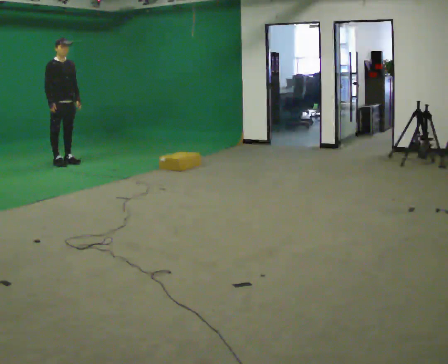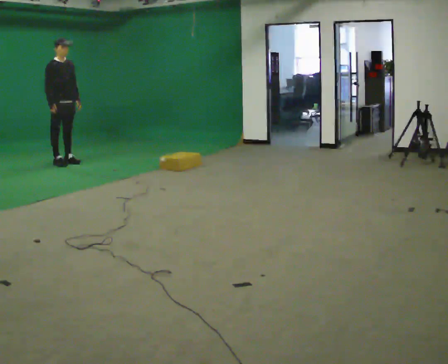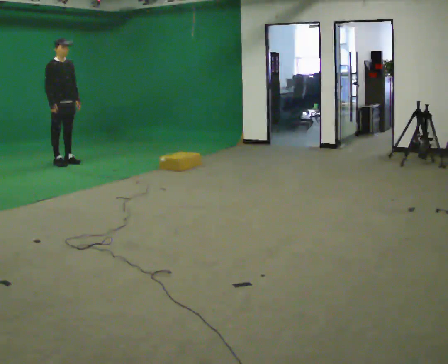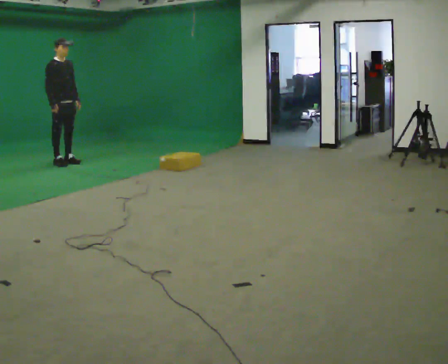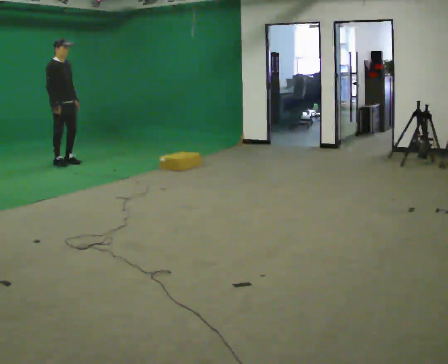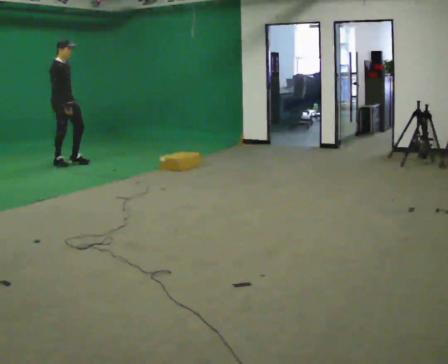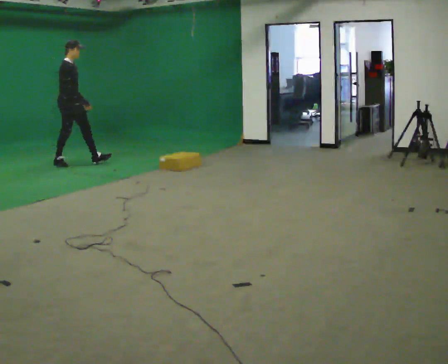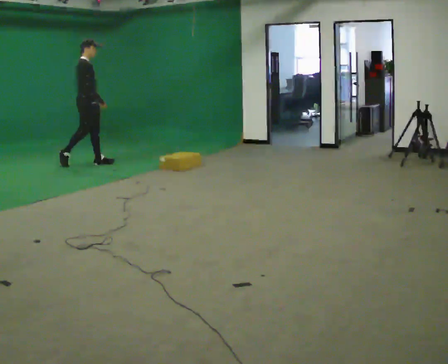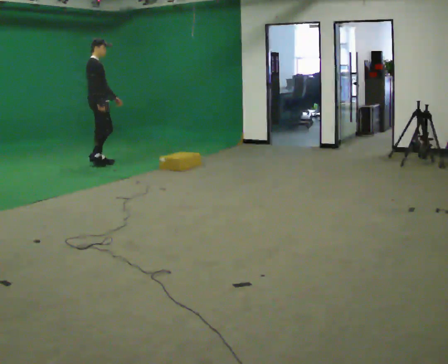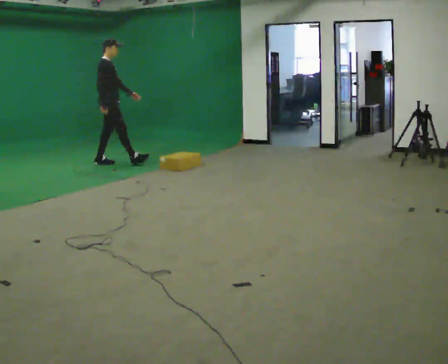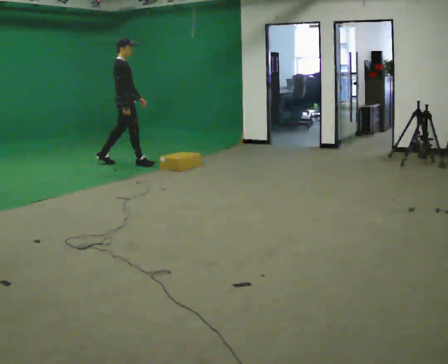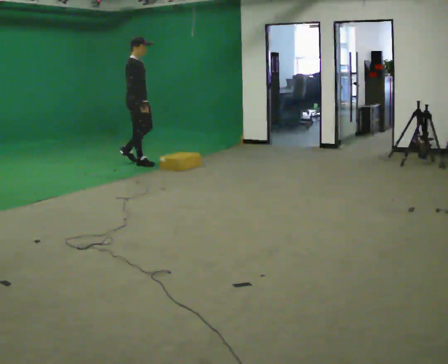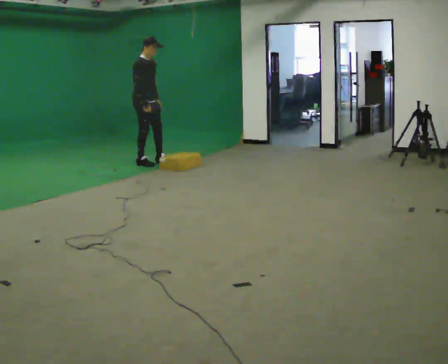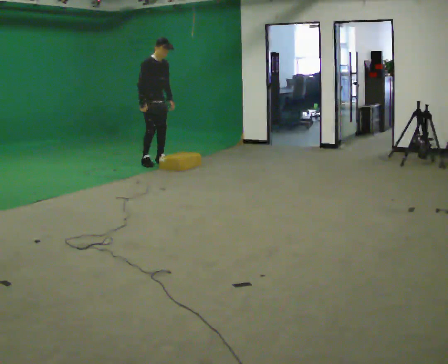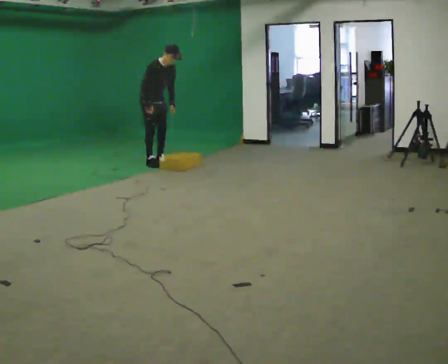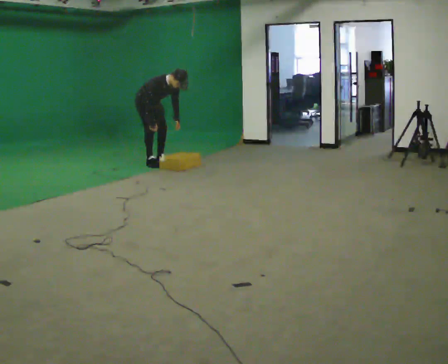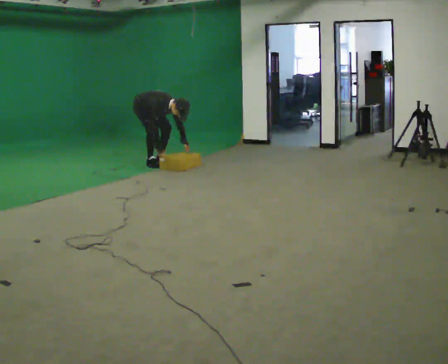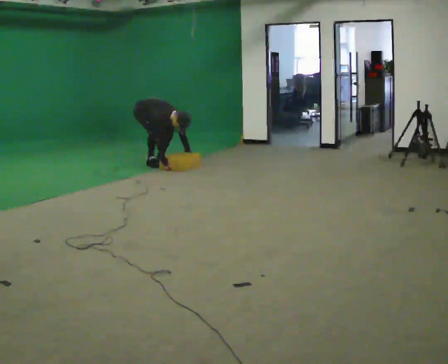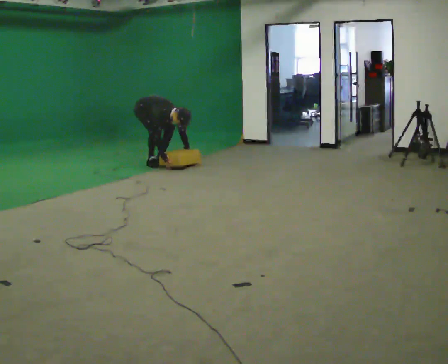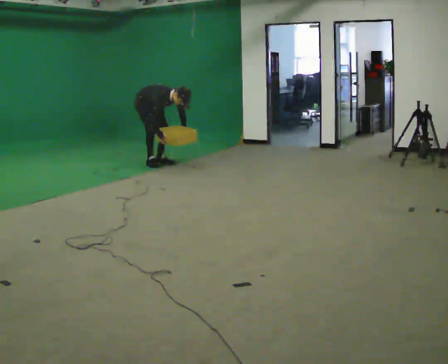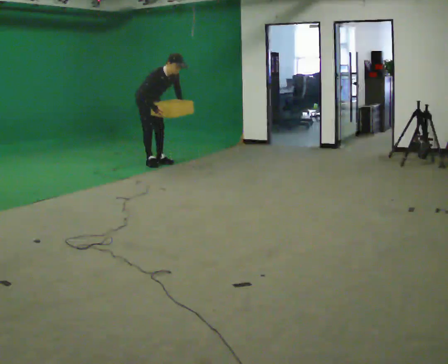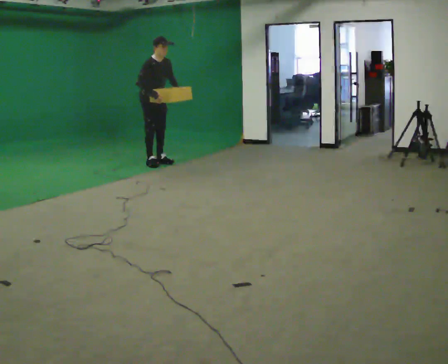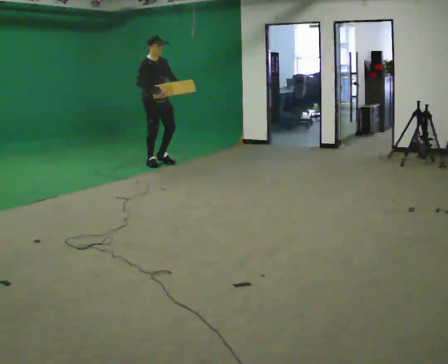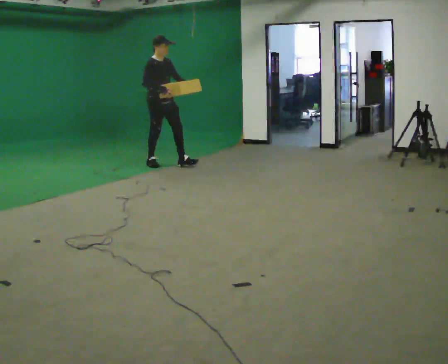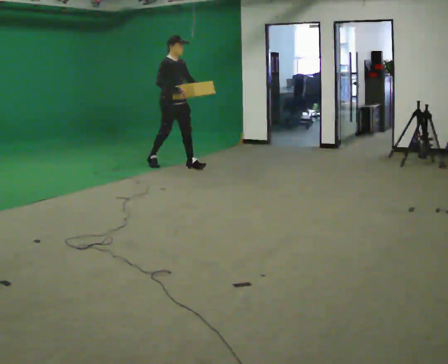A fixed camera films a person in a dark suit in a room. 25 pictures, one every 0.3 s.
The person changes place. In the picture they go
to the right.
0.0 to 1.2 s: The person moves a little, or ends about where they began.
1.2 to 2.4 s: The person turns about 30 degrees to their left, counterclockwise seen from above, so the part of the body nearest the lens slides to the right. In the picture they go to the right, about 0.5 m in 1 step, which for them is forward.
2.4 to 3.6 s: The person turns about 30 degrees to their right, clockwise seen from above, so the part of the body nearest the lens slides to the left. In the picture they go to the right, about 0.75 m in 2 steps, which for them is forward.
3.6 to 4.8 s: The upper body goes downward. In the picture the upper body tilts clockwise, shoulders to the right, as they bend forward. In the picture their right hand goes downward.
4.8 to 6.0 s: The upper body goes upward. In the picture the upper body tilts counterclockwise, shoulders to the left, as they lean back or straighten. In the picture their left hand goes upward.
6.0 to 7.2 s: In the picture they go to the right and toward the camera, about 0.5 m in 1 step, which for them is forward. In the picture the upper body tilts counterclockwise, shoulders to the left, as they lean back or straighten.
The film runs forward here.
